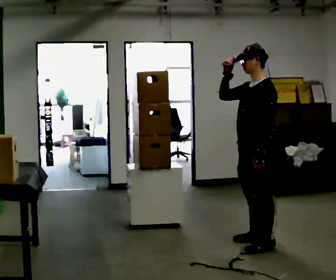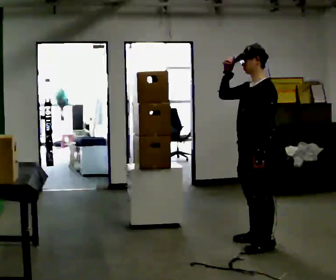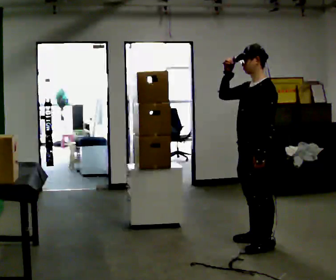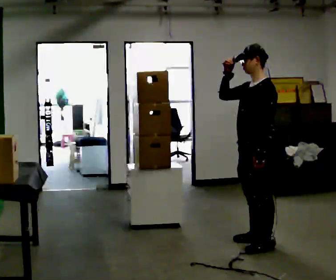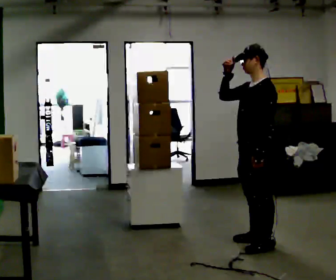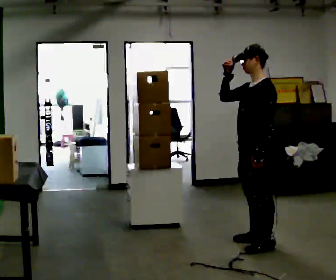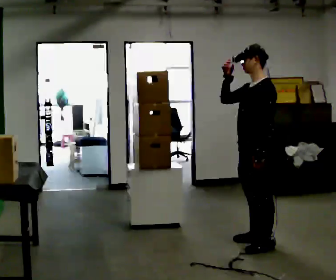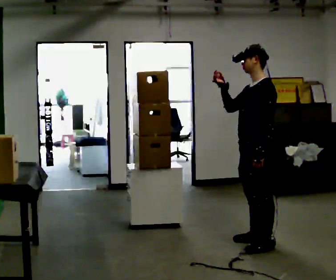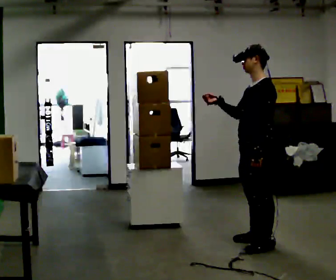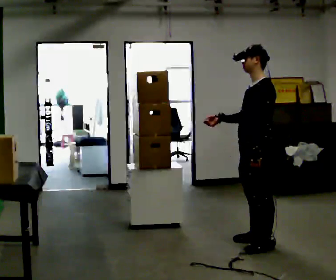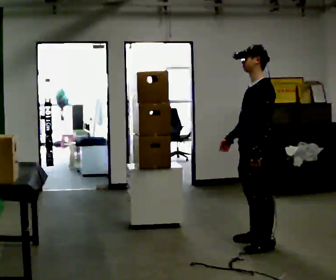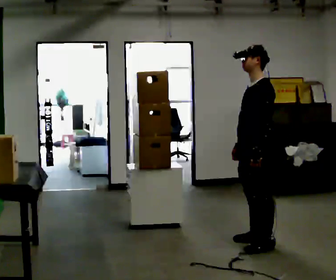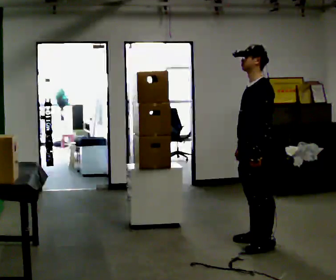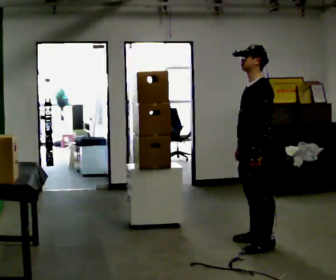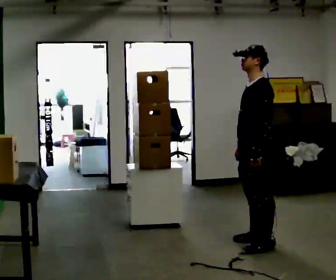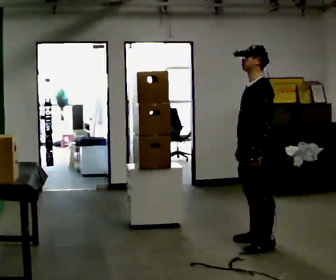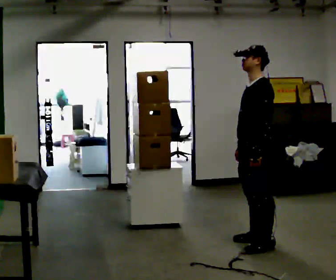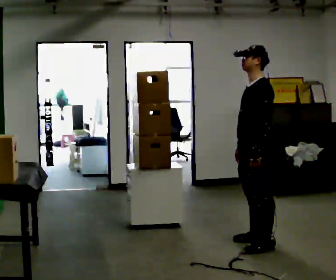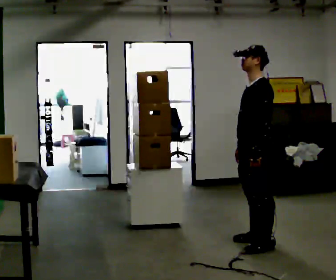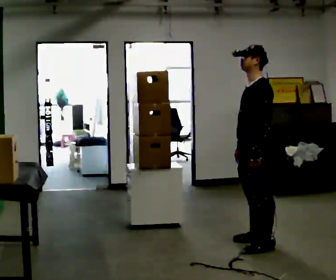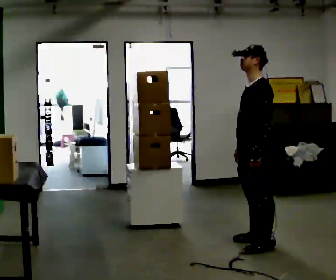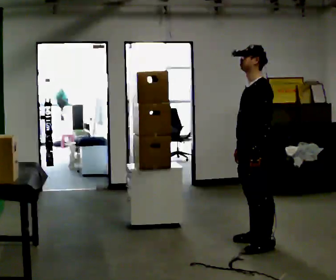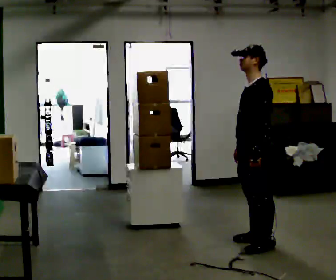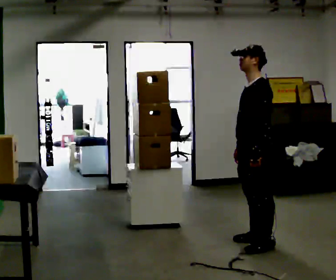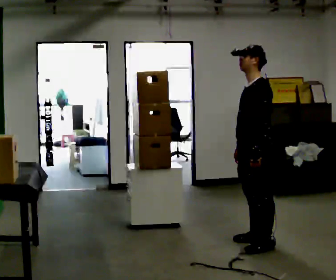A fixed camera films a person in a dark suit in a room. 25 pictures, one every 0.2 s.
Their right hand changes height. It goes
downward.
0.0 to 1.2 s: The person moves a little, or ends about where they began.
1.2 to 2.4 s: In the picture their right hand goes downward.
2.4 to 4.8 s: The person keeps their place and pose.
The film runs backward here.
